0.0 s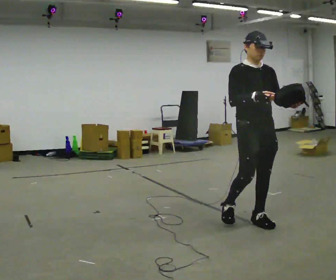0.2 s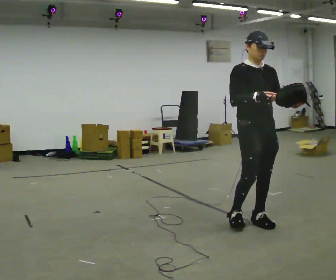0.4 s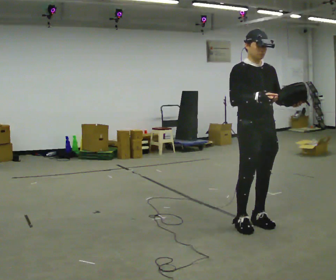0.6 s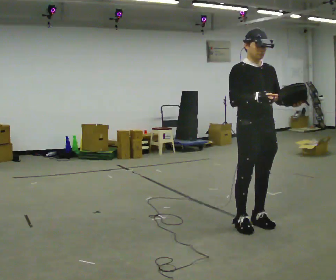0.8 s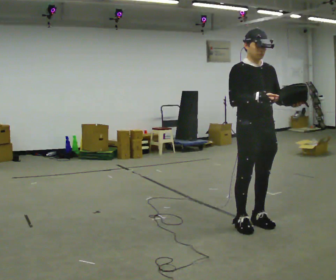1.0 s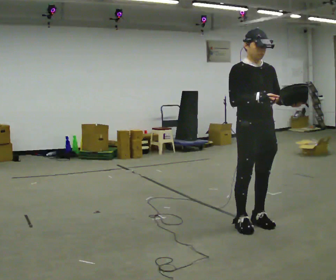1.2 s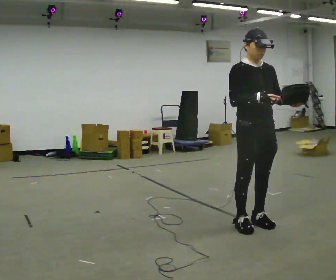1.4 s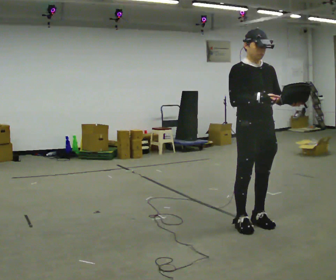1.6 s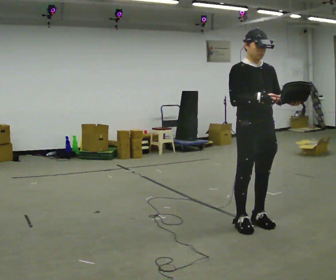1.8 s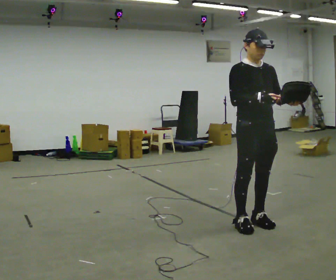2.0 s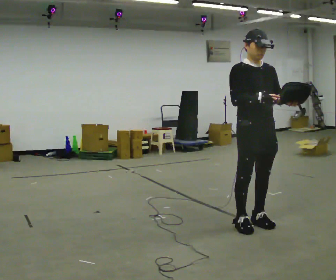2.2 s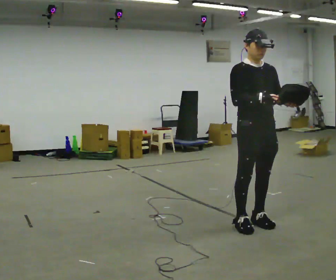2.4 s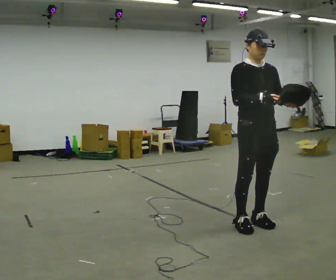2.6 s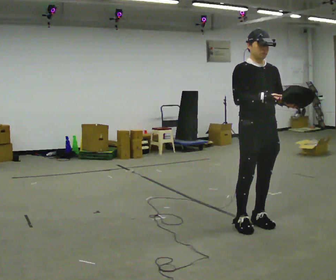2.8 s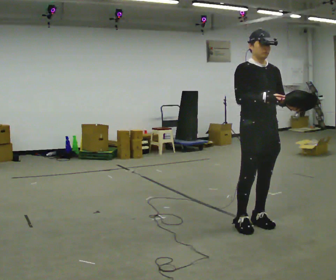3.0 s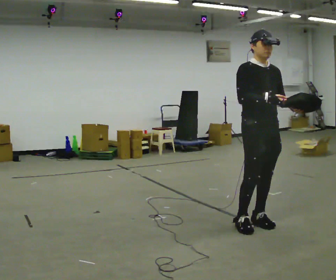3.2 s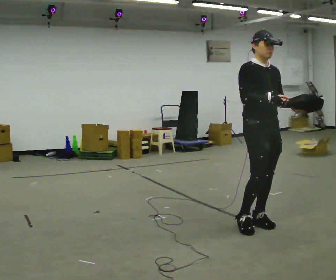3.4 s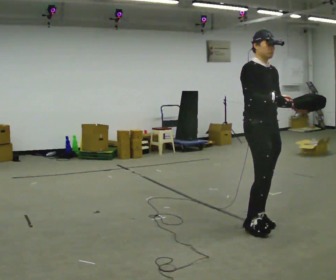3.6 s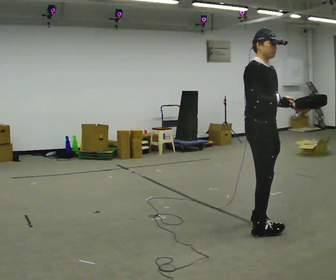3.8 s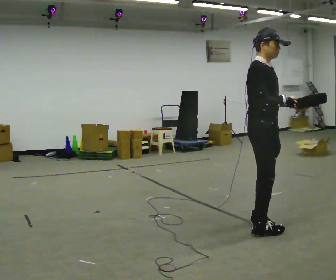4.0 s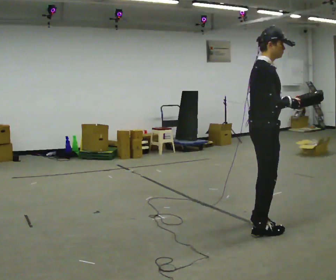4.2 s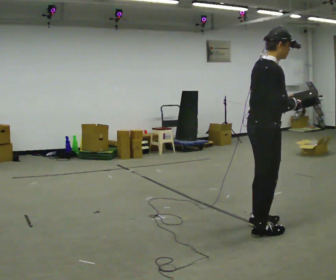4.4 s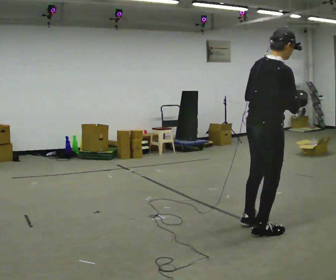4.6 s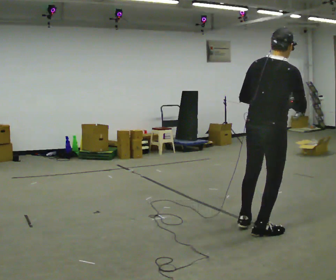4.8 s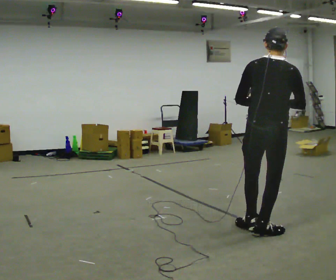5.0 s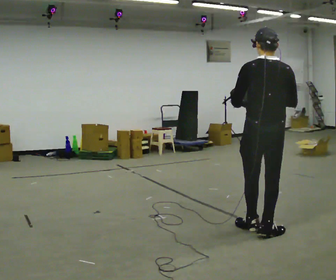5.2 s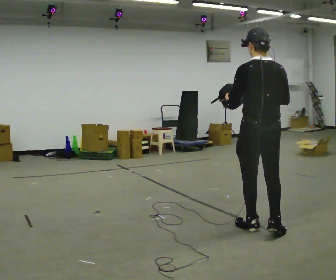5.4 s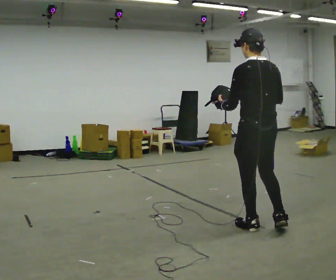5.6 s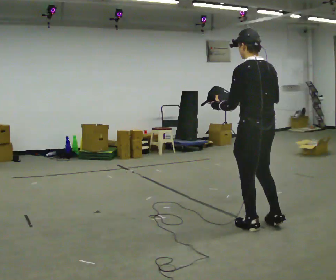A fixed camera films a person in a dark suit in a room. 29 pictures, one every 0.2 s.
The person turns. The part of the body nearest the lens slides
to the right.
The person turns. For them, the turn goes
to their left.
0.0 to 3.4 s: The person moves a little, or ends about where they began.
3.4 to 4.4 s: Seen from above the body turns counterclockwise, about 75 degrees: to their left, with its near side sliding to the right. In the picture they go toward the camera, about 0.25 m in 1 step.
4.4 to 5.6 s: The part of the body nearest the lens slides to the right as the person turns to their left by about 90 degrees. In the picture the upper body tilts counterclockwise, shoulders to the left. In the picture their left hand goes to the left.
The film runs forward here.
